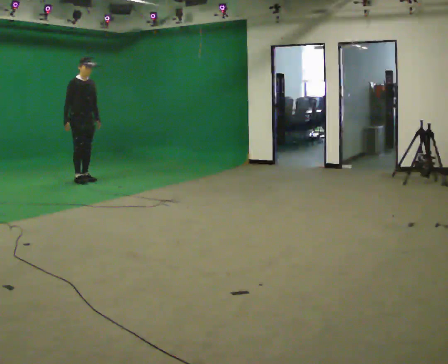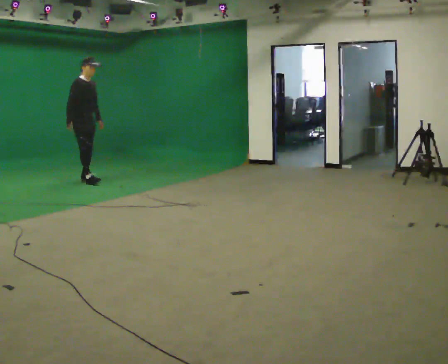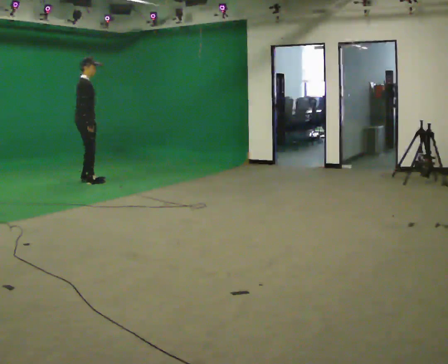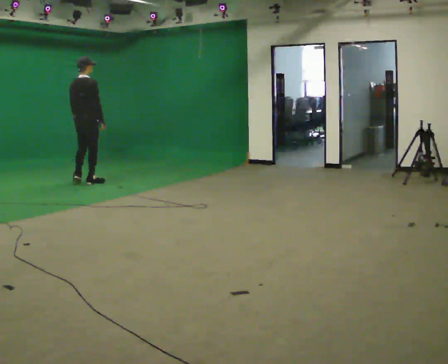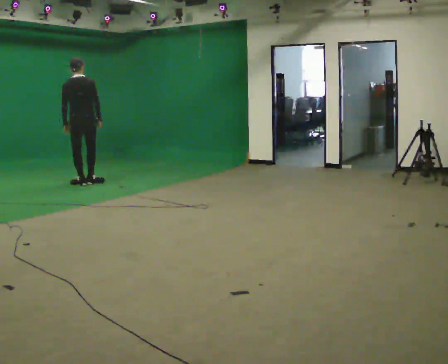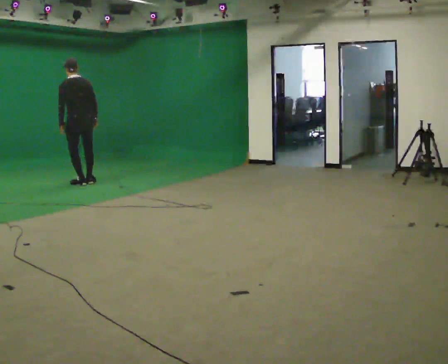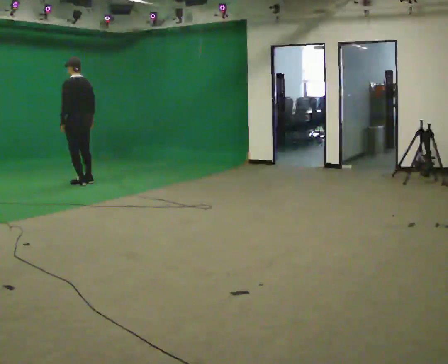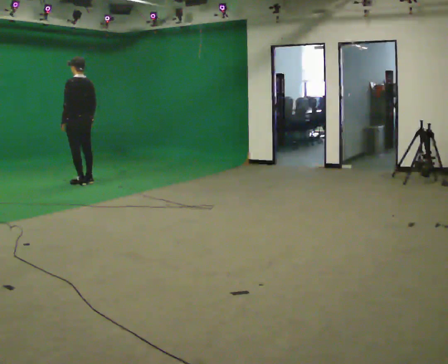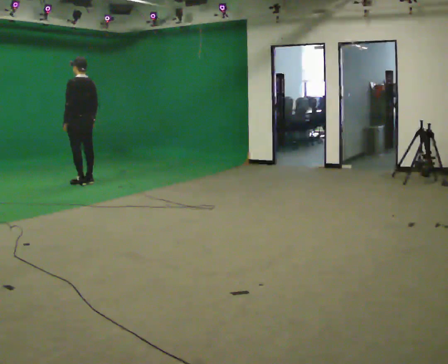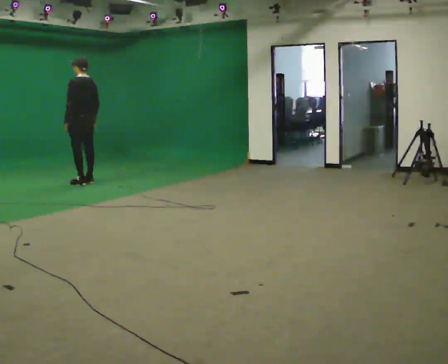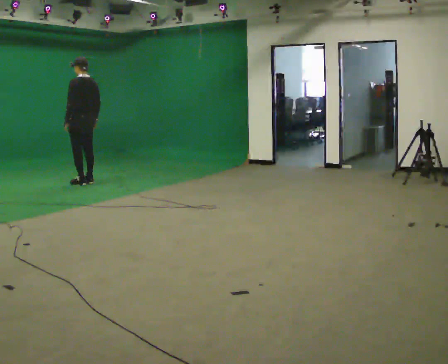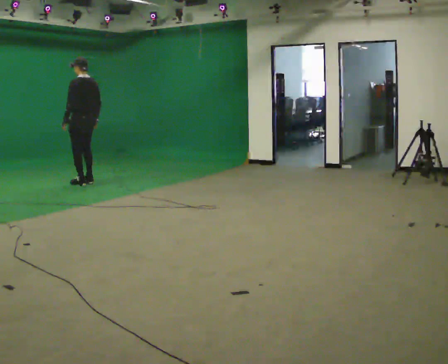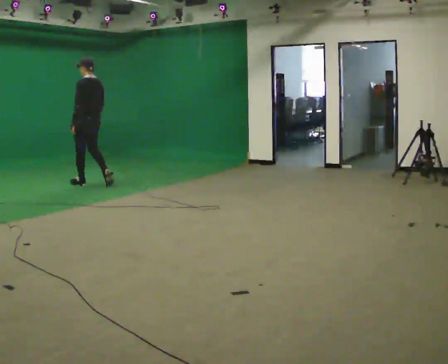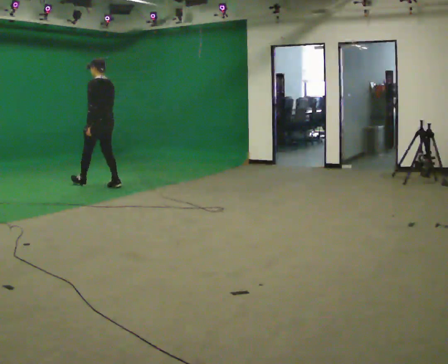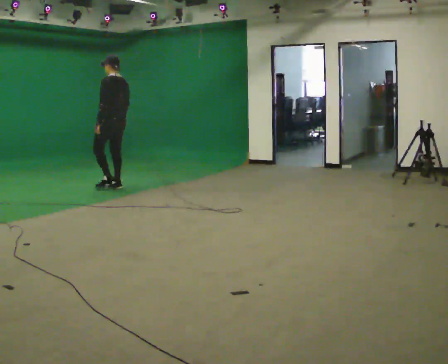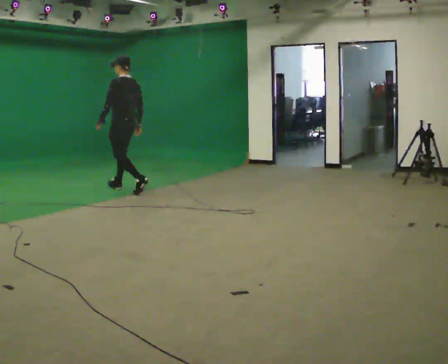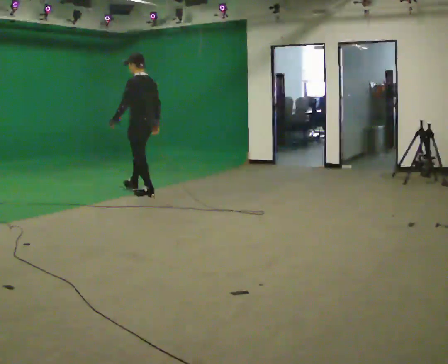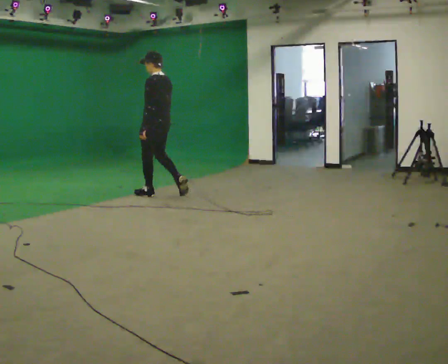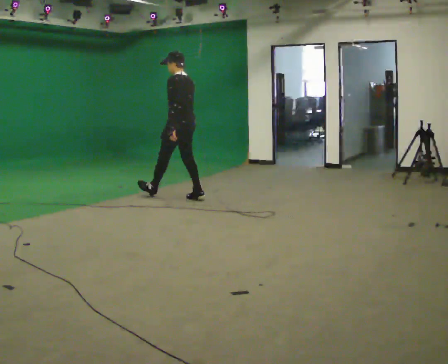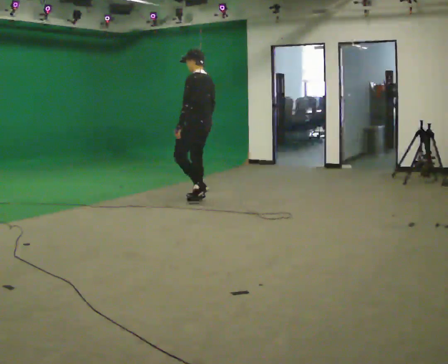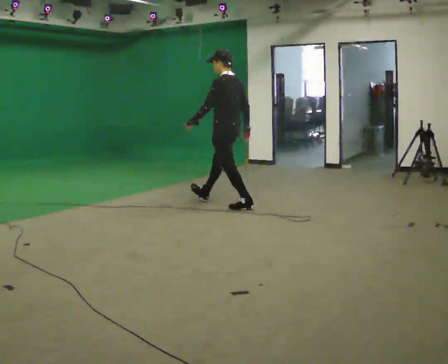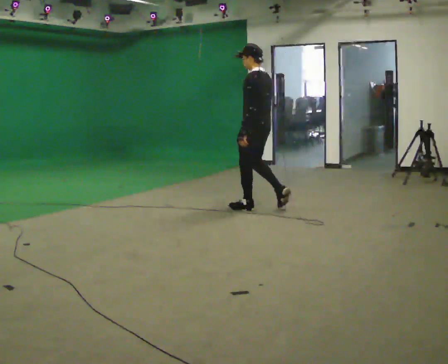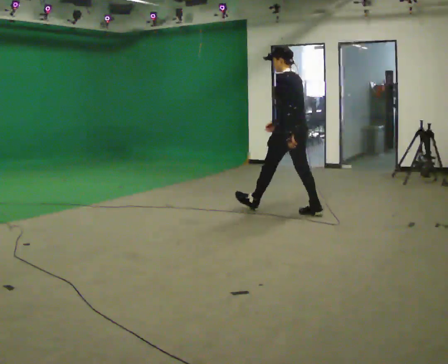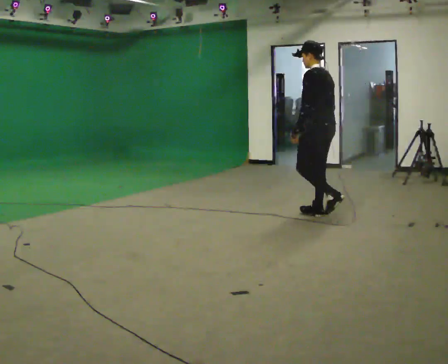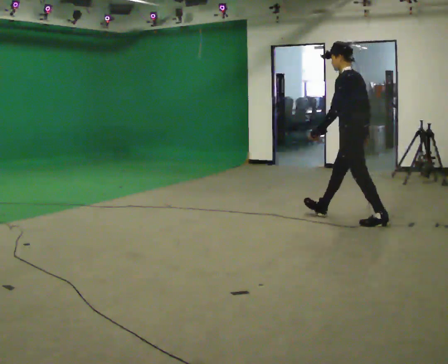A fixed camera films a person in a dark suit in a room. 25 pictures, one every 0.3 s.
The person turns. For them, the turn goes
to their left.
The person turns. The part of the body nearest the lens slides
to the right.
0.0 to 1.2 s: The person turns about 120 degrees to their left, counterclockwise seen from above, so the part of the body nearest the lens slides to the right. In the picture they go toward the camera, about 0.25 m in 2 steps. In the picture their right hand goes to the right.
1.2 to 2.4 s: The part of the body nearest the lens slides to the right as the person turns to their left by about 45 degrees.
2.4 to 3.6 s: In the picture they go toward the camera, about 0.25 m in 1 step, which for them is backward.
3.6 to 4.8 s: In the picture they go toward the camera and to the right, about 1 m in 2 steps, which for them is backward.
4.8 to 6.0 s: In the picture they go toward the camera and to the right, about 1 m in 2 steps, which for them is backward.
6.0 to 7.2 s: In the picture they go toward the camera and to the right, about 1.5 m in 2 steps, which for them is backward.
The film runs backward here.
